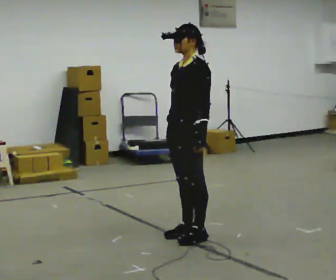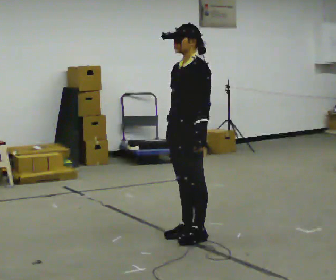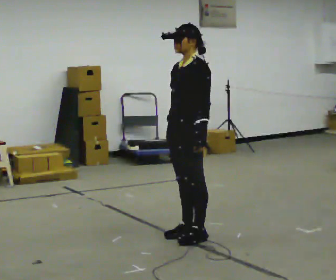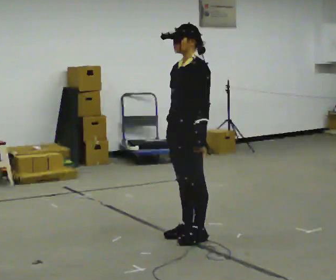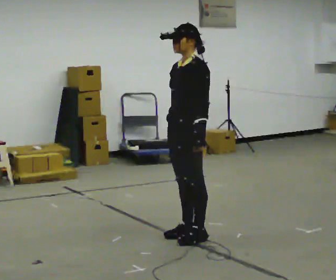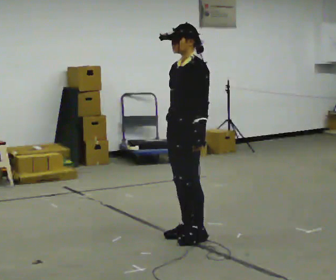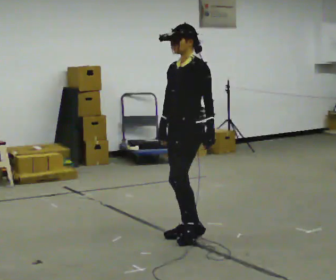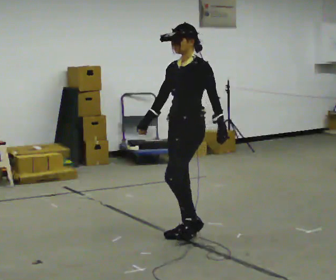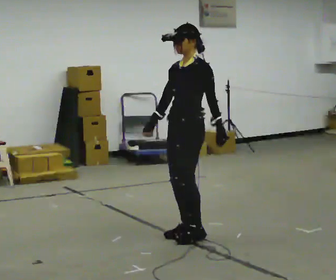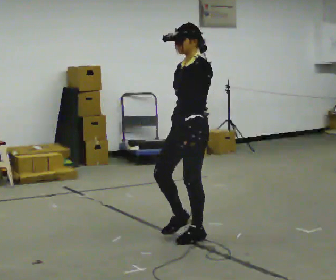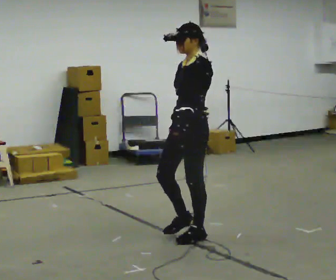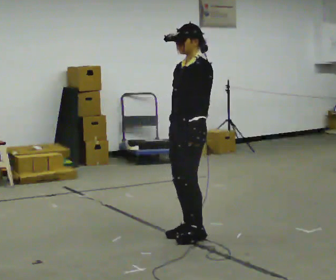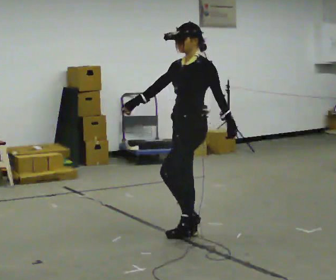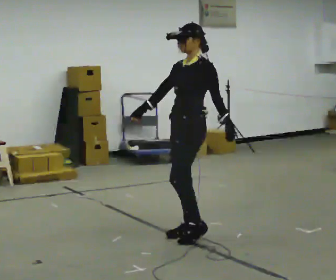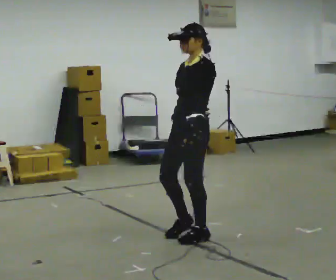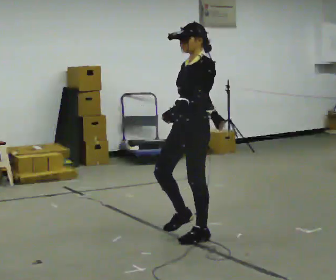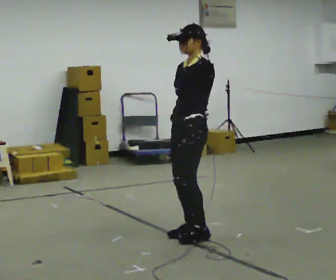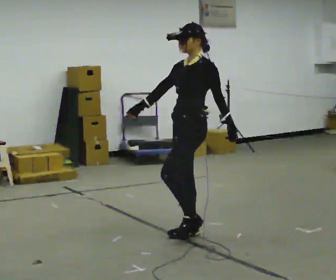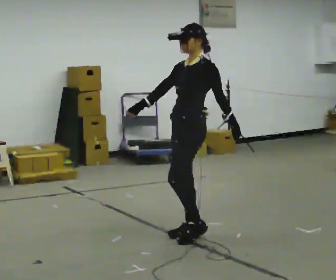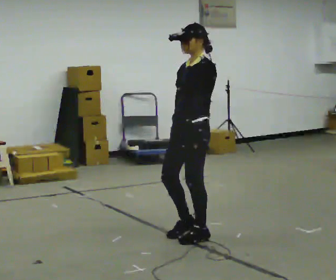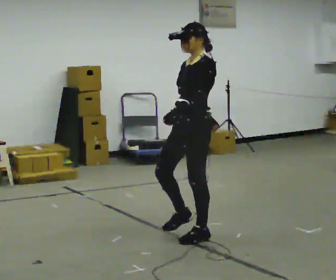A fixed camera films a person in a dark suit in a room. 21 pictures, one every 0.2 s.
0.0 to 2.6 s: The person moves a little, or ends about where they began.
2.6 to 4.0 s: In the picture their right hand goes to the right.
The film runs forward here.
